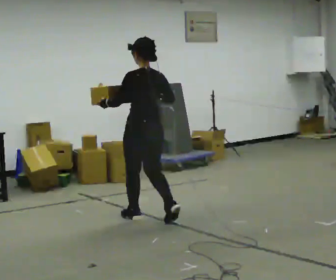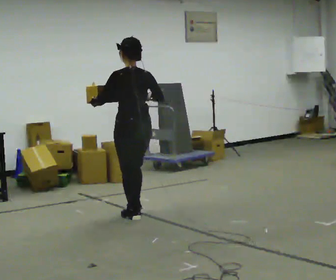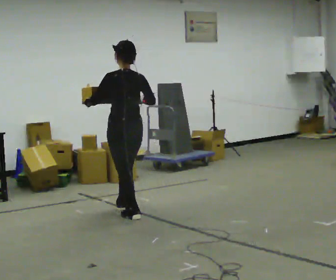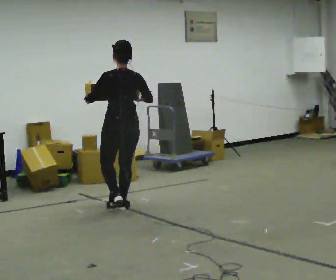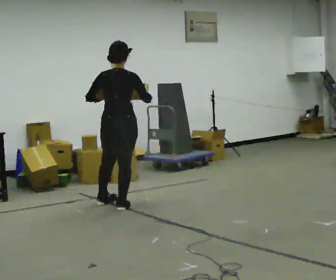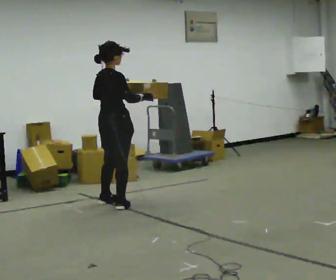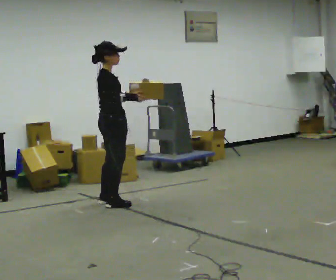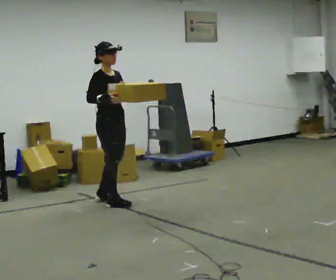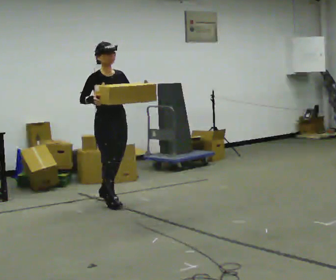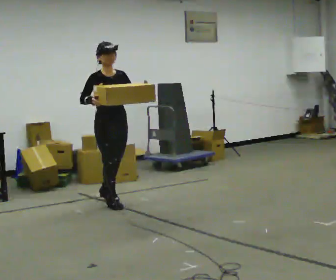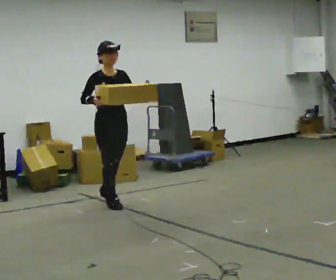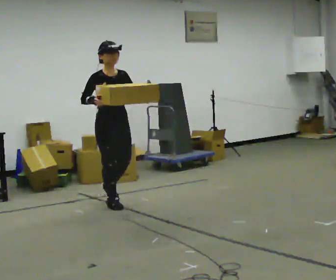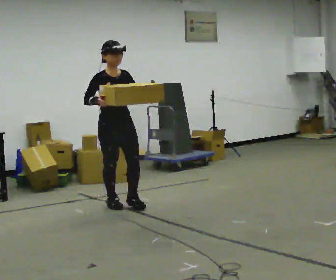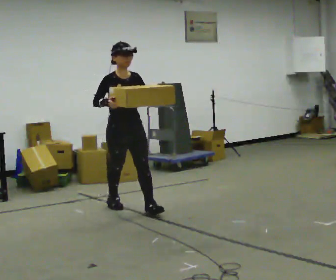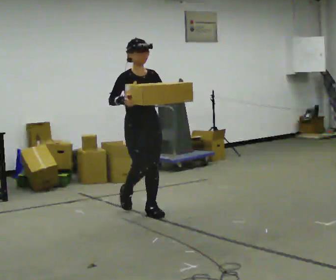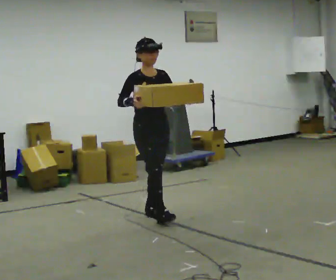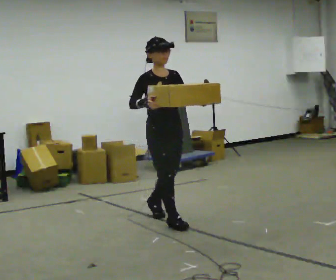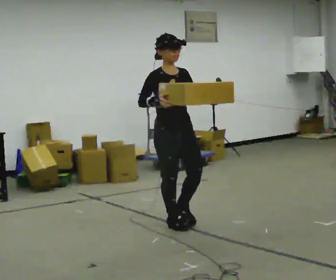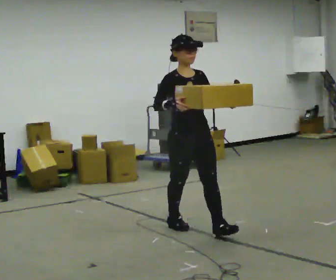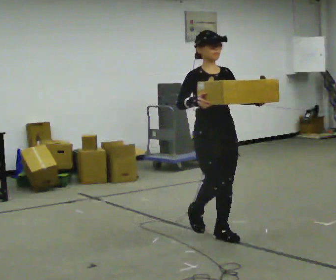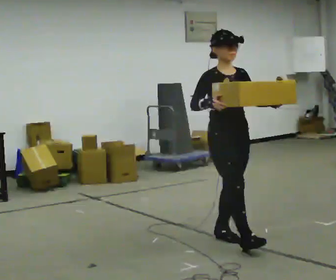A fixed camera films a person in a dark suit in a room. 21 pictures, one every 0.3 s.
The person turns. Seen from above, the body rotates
clockwise.
The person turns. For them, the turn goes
to their right.
0.0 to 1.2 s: The person turns about 45 degrees to their right, clockwise seen from above, so the part of the body nearest the lens slides to the left. In the picture they go away from the camera and to the left, about 0.5 m in 1 step, which for them is forward.
1.2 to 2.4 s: Seen from above the body turns clockwise, about 135 degrees: to their right, with its near side sliding to the left. In the picture they go away from the camera, about 0.25 m in 3 steps. In the picture their left hand goes to the right.
2.4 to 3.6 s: In the picture they go toward the camera, about 0.25 m, which for them is forward.
3.6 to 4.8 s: In the picture they go toward the camera and to the right, about 1 m in 2 steps, which for them is forward.
4.8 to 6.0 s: In the picture they go toward the camera and to the right, about 1 m in 1 step, which for them is forward.
The film runs forward here.
